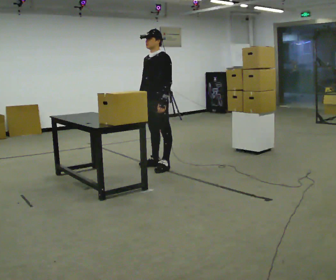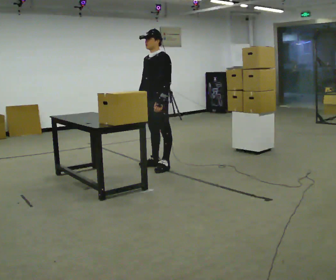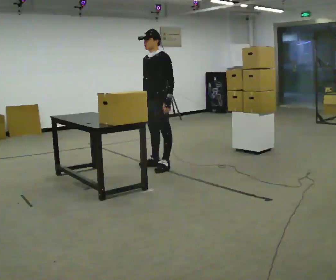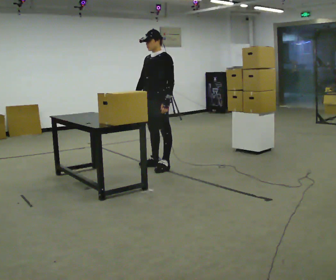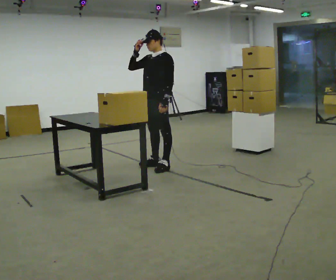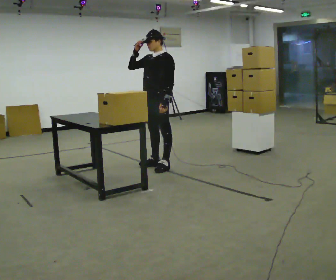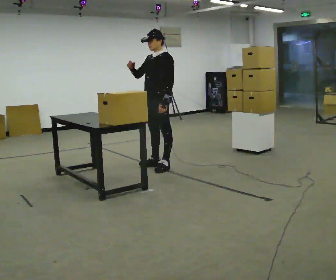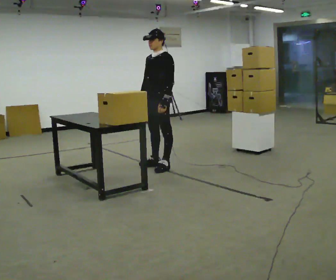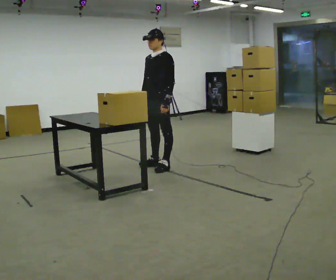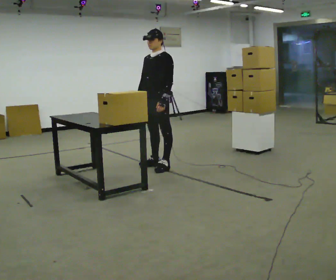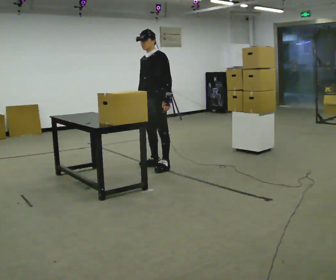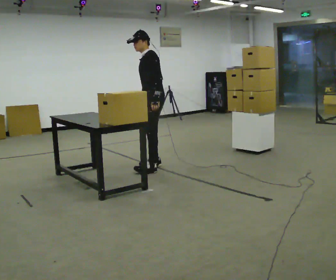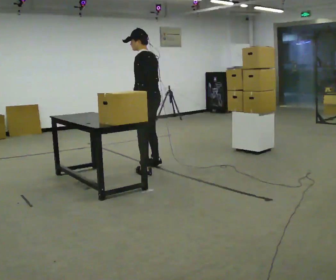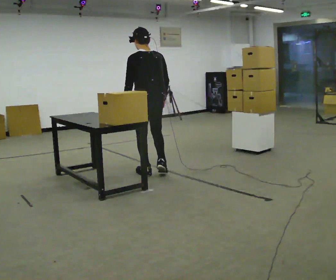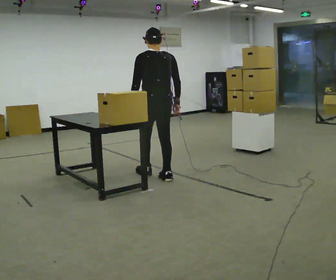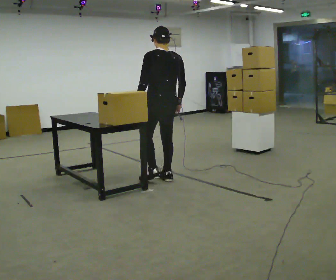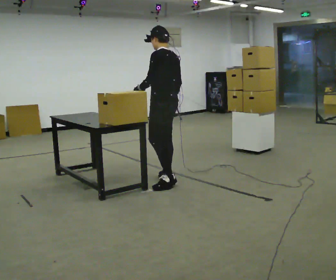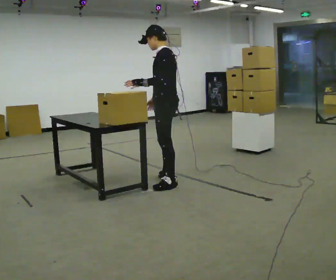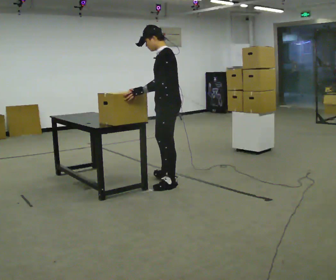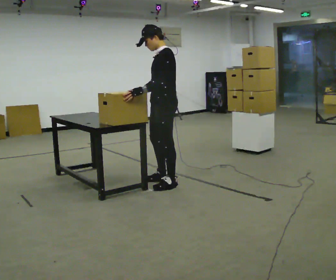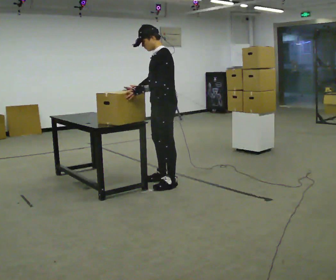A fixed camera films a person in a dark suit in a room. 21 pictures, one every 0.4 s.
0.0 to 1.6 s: In the picture their right hand goes upward.
1.6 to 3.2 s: In the picture their right hand goes downward.
3.2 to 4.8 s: The person turns about 60 degrees to their right, clockwise seen from above, so the part of the body nearest the lens slides to the left. In the picture they go toward the camera, about 0.25 m in 2 steps. In the picture their left hand goes to the left.
4.8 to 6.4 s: In the picture they go toward the camera and to the right, about 0.5 m in 1 step, which for them is backward.
6.4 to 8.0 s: The part of the body nearest the lens slides to the right as the person turns to their left by about 45 degrees. In the picture they go toward the camera, about 0.25 m, which for them is to their left. In the picture their right hand goes to the left, the arm swinging clockwise.
The film runs backward here.
